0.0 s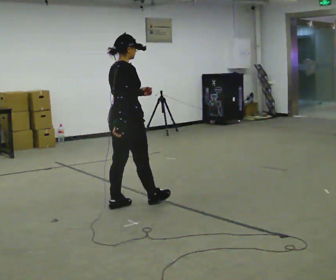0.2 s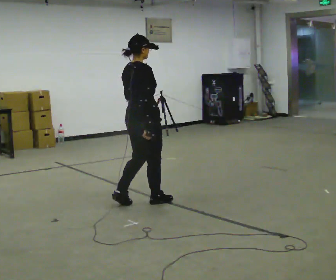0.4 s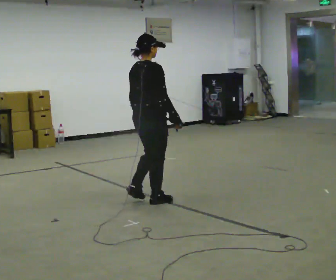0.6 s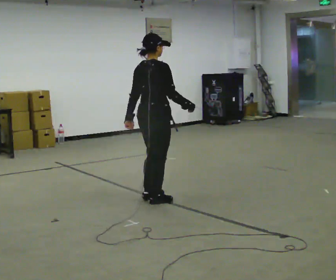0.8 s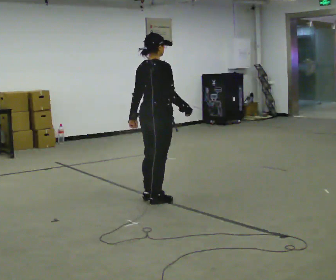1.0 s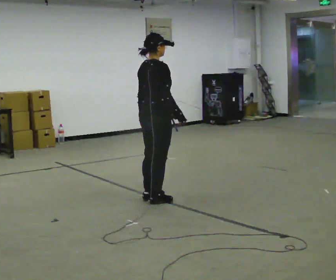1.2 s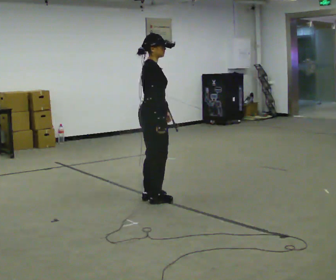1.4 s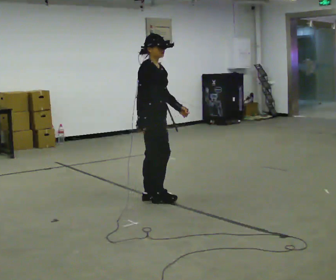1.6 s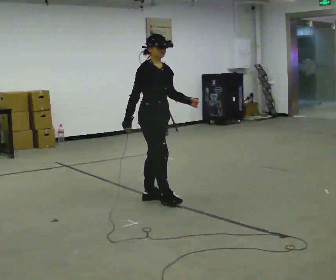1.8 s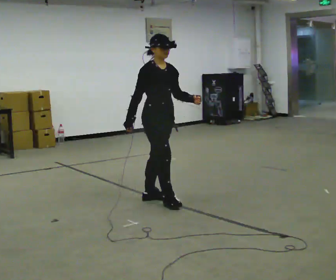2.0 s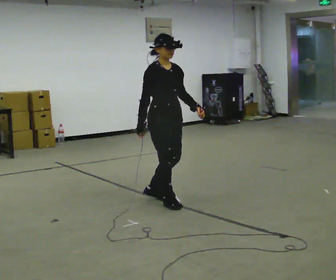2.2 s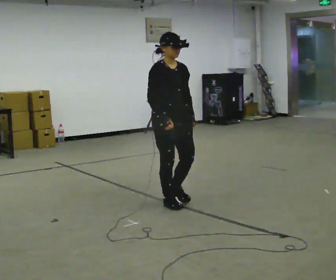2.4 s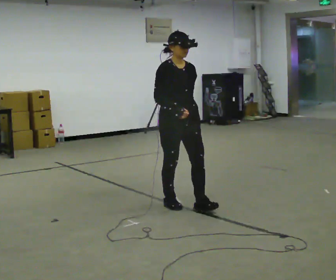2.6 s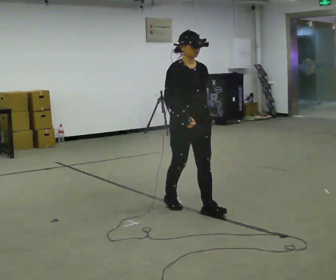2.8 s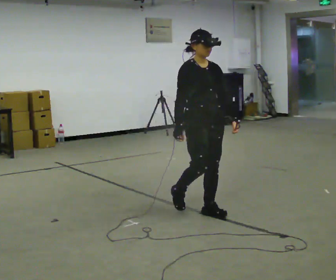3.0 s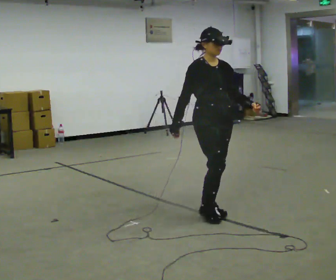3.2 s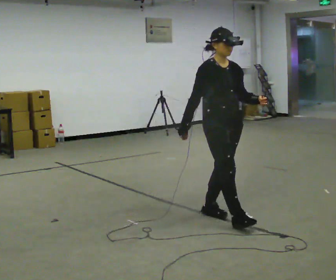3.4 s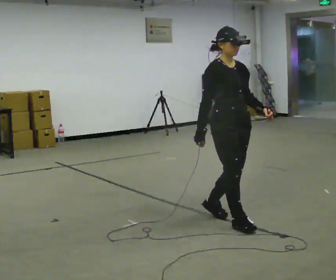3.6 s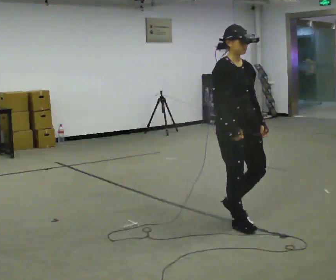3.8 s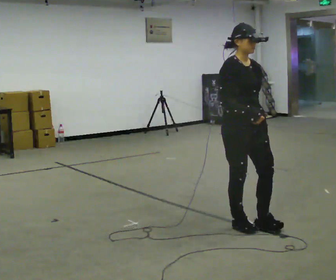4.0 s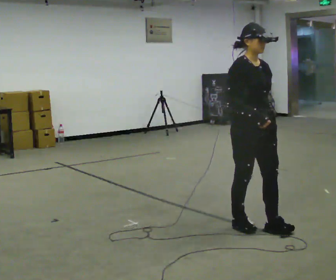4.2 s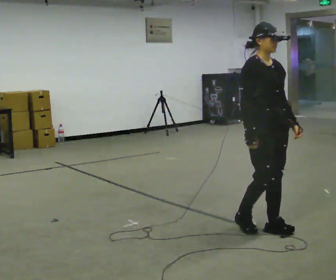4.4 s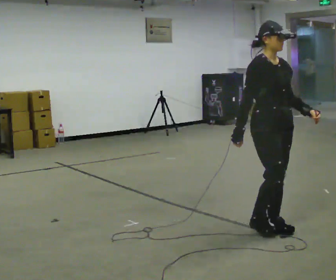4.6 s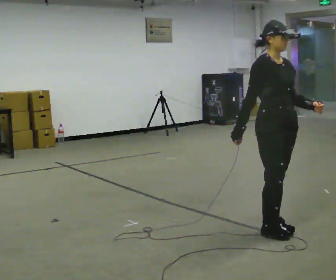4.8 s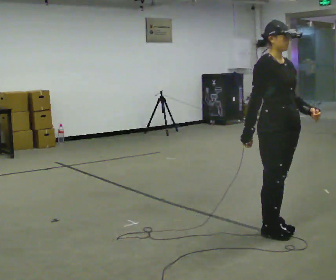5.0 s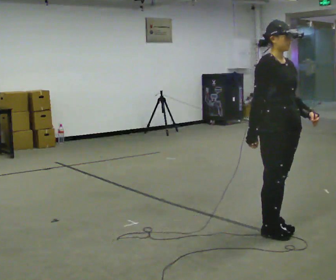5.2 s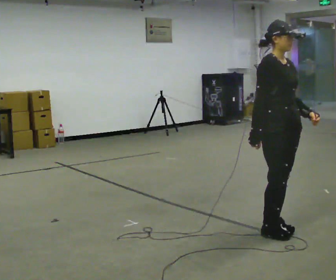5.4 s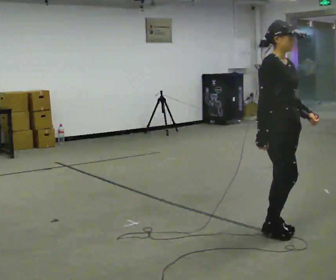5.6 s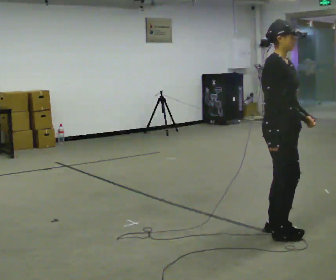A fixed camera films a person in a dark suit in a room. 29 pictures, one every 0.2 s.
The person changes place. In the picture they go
to the right.
The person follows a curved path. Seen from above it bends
clockwise.
0.0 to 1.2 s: In the picture they go to the right and away from the camera, about 0.25 m in 2 steps, which for them is forward.
1.2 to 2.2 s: The part of the body nearest the lens slides to the left as the person turns to their right by about 60 degrees. In the picture they go to the right and toward the camera, about 0.25 m in 1 step.
2.2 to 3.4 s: In the picture they go toward the camera and to the right, about 0.75 m in 2 steps, which for them is forward.
3.4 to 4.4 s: In the picture they go to the right and toward the camera, about 0.25 m in 1 step, which for them is forward.
4.4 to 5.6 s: The person moves a little, or ends about where they began.
The film runs forward here.
